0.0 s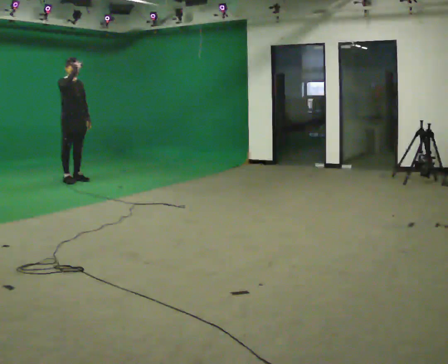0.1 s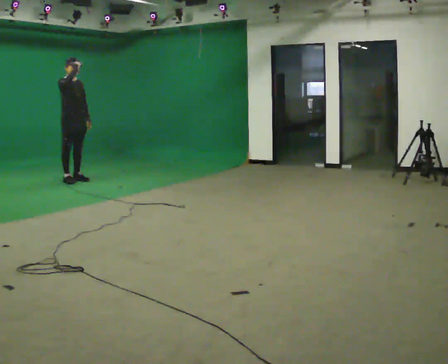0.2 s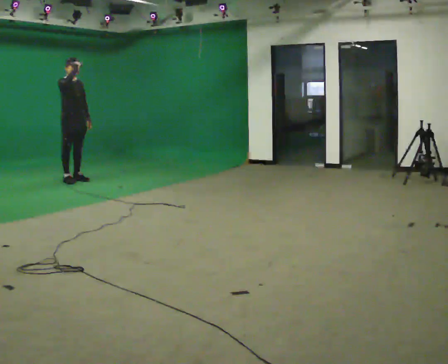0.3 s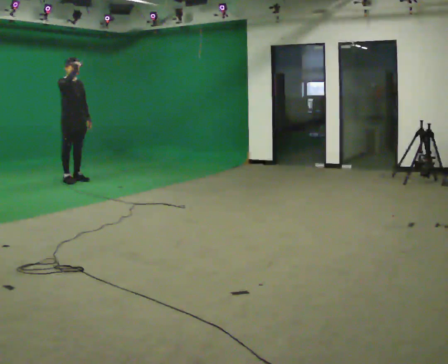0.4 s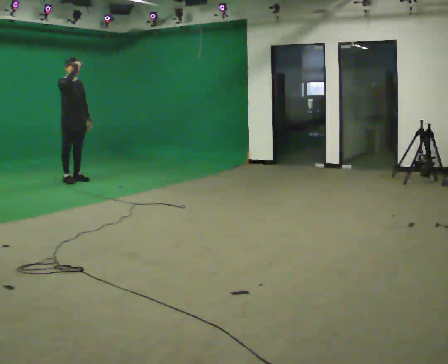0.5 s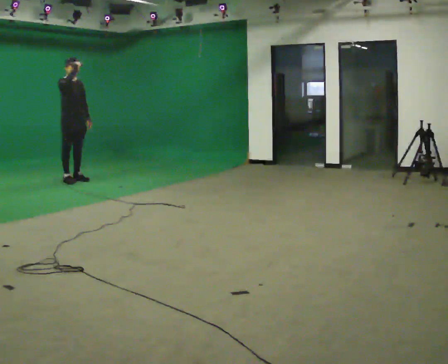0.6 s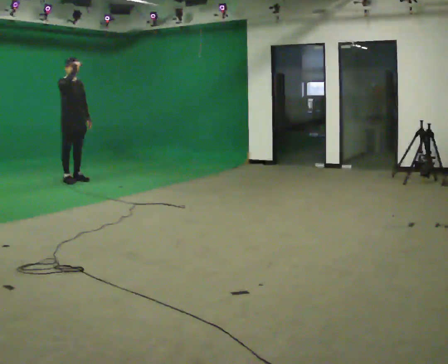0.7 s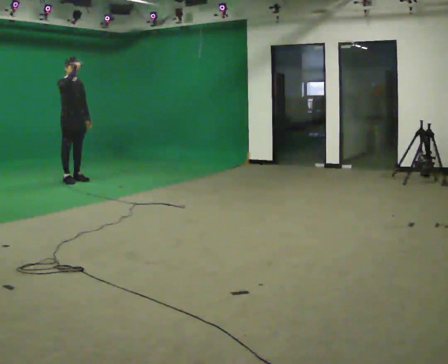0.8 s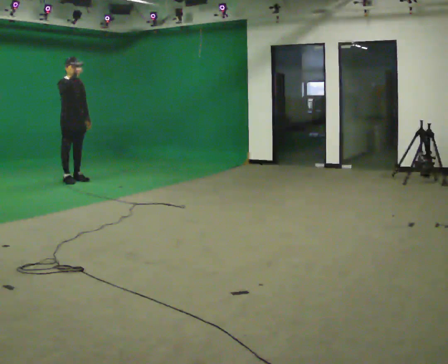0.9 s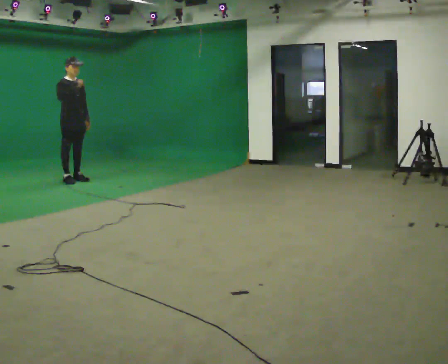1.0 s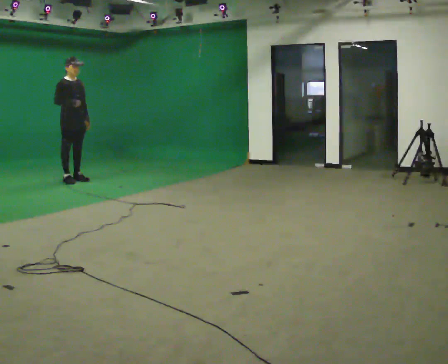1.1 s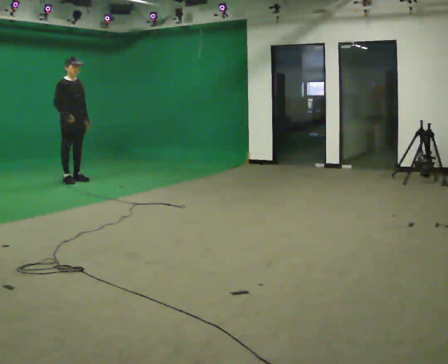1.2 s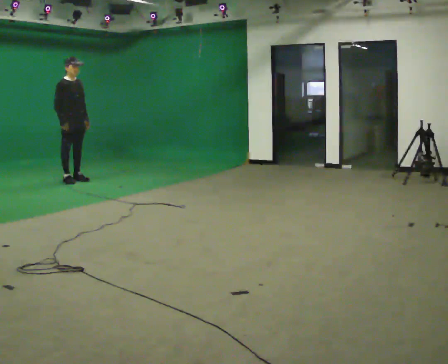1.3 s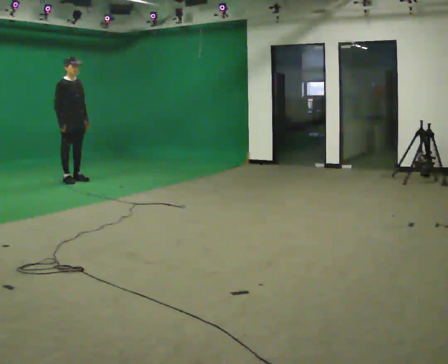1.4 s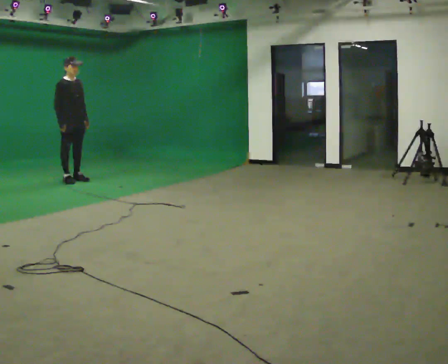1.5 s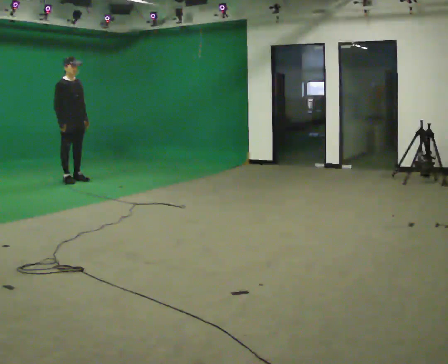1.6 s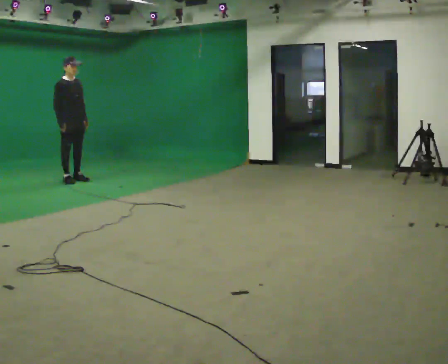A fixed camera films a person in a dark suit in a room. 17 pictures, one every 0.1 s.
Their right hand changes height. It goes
downward.
0.0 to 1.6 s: In the picture their right hand goes downward.
The film runs backward here.
